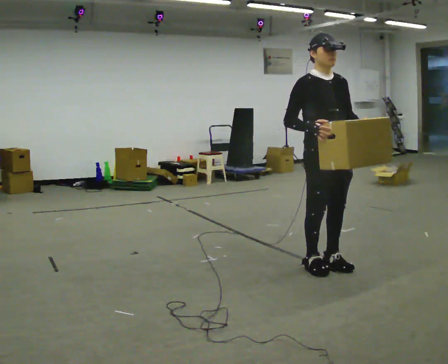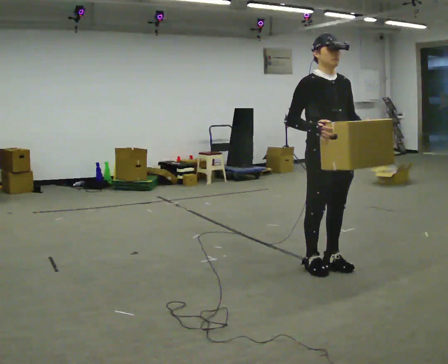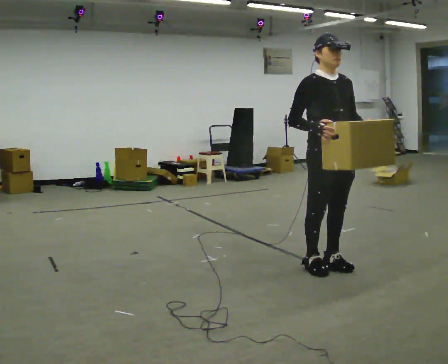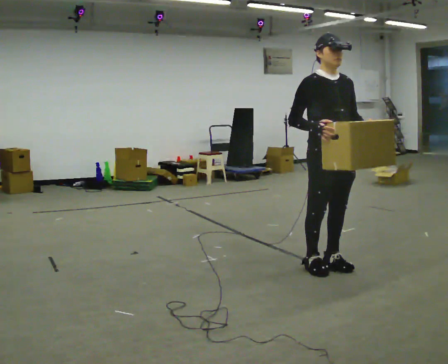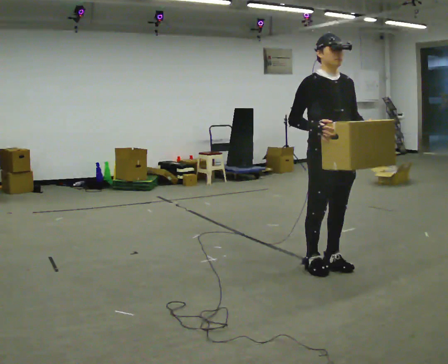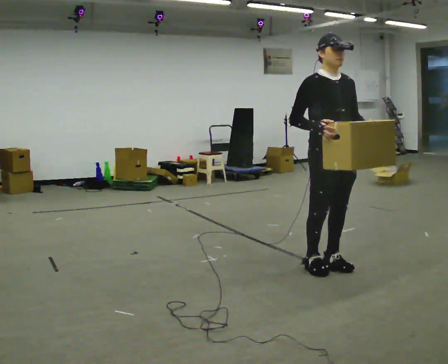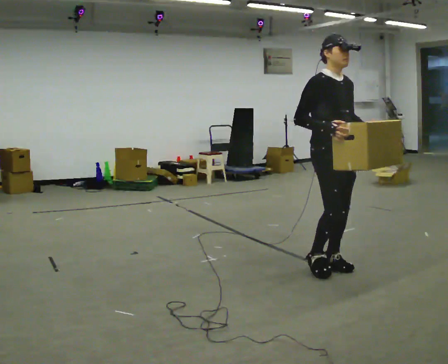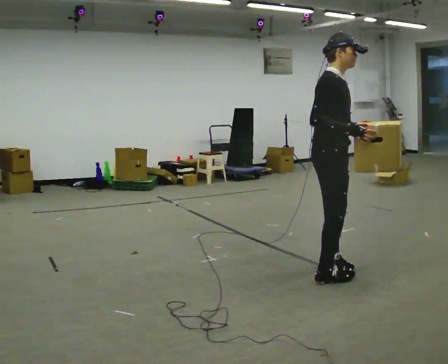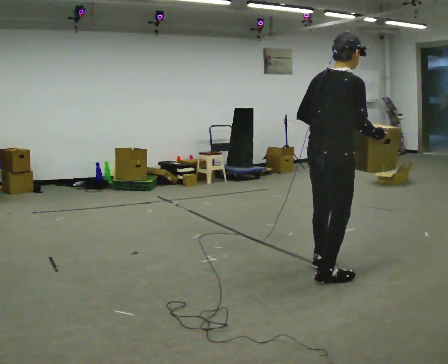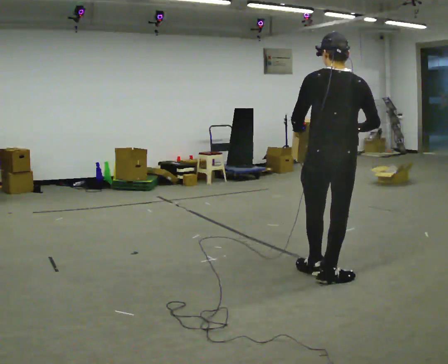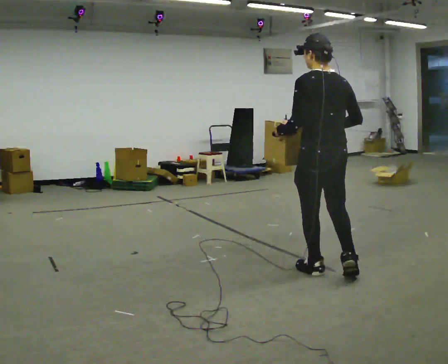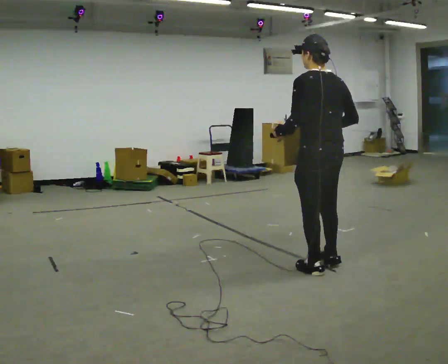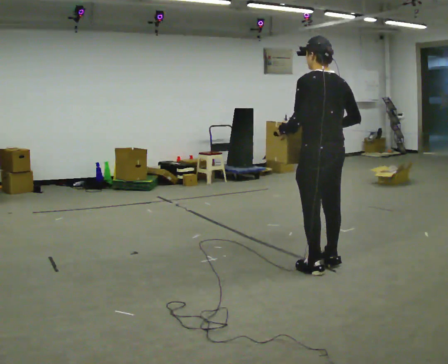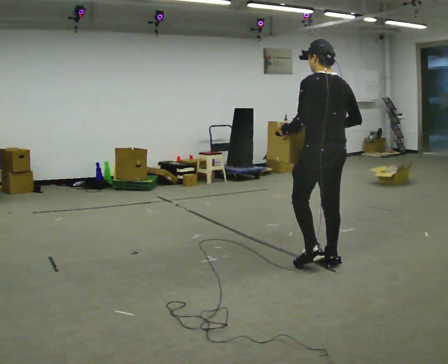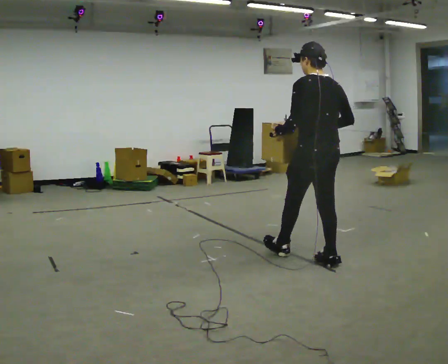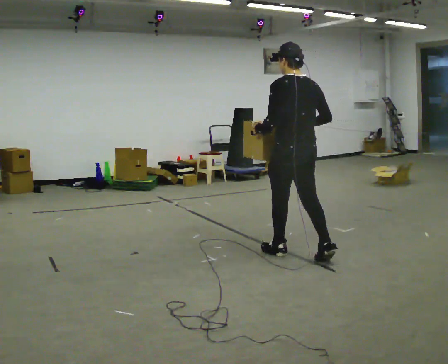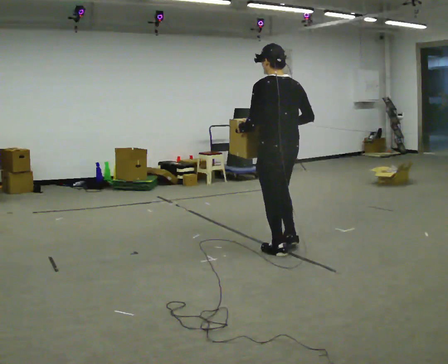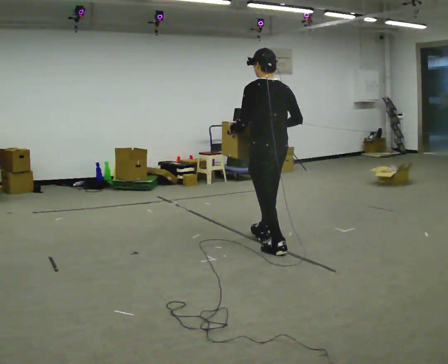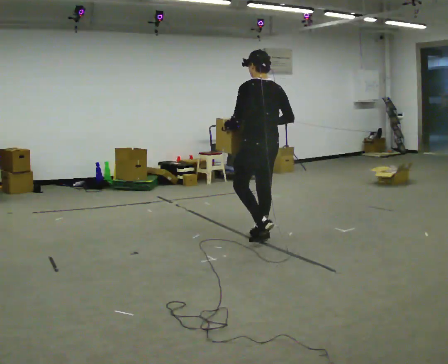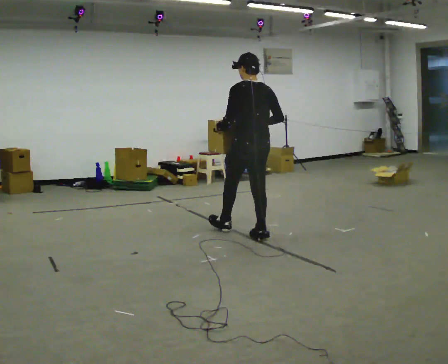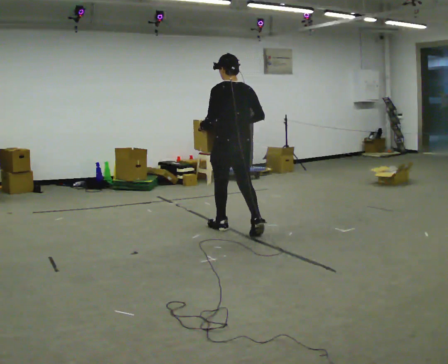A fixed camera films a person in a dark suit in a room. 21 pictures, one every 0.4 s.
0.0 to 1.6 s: The person moves a little, or ends about where they began.
1.6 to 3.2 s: The part of the body nearest the lens slides to the right as the person turns to their left by about 105 degrees. In the picture they go toward the camera, about 0.25 m in 1 step. In the picture their left hand goes to the left.
3.2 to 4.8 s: The person turns about 90 degrees to their left, counterclockwise seen from above, so the part of the body nearest the lens slides to the right. In the picture they go away from the camera, about 0.25 m in 2 steps.
4.8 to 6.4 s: In the picture they go to the left and away from the camera, about 0.5 m in 1 step, which for them is forward.
6.4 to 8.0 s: In the picture they go to the left and away from the camera, about 1 m in 2 steps, which for them is forward.
The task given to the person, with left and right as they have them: Carry the box across the room much more slowly and carefully than normal, back and forth.
The film runs forward here.
